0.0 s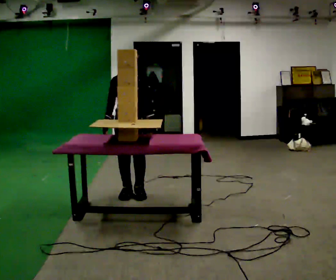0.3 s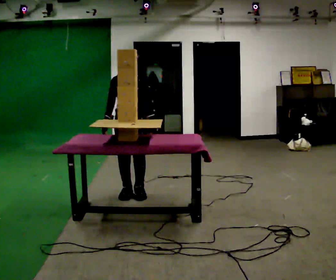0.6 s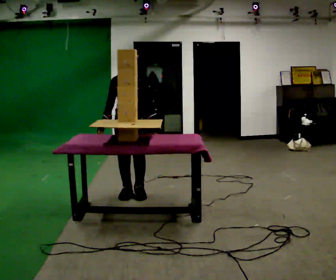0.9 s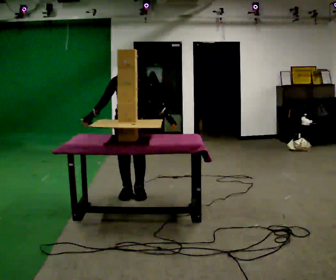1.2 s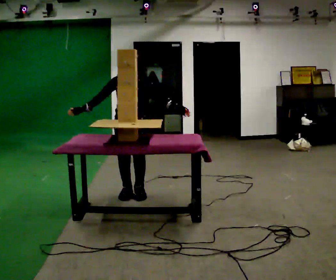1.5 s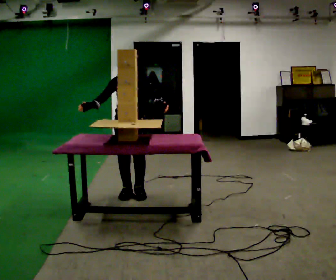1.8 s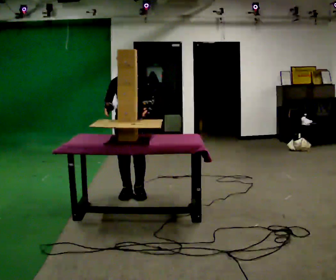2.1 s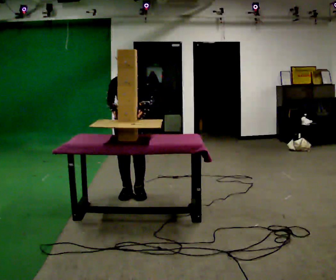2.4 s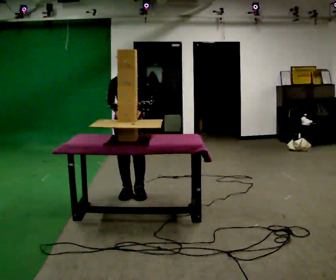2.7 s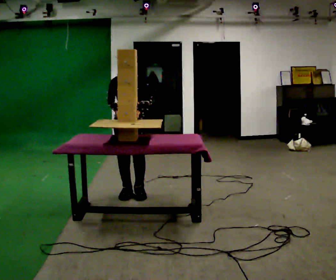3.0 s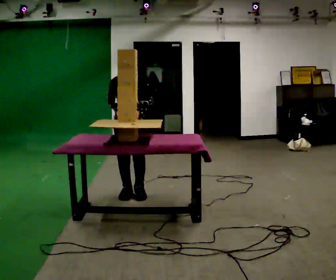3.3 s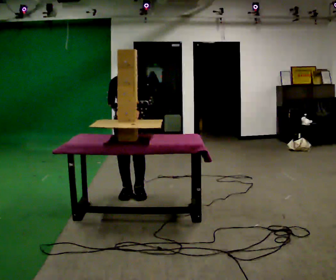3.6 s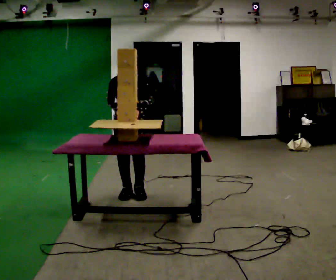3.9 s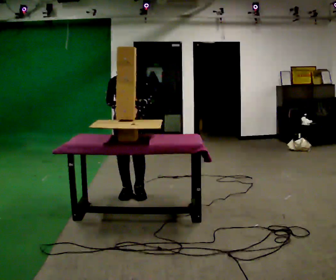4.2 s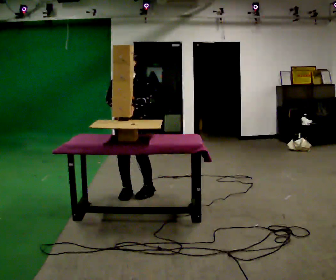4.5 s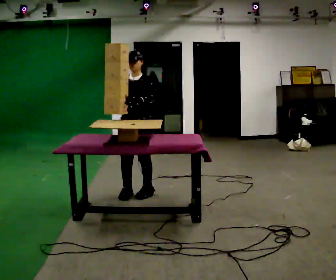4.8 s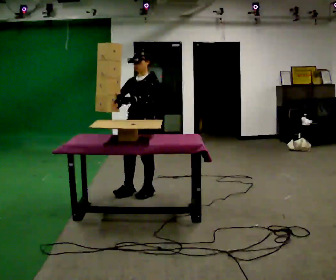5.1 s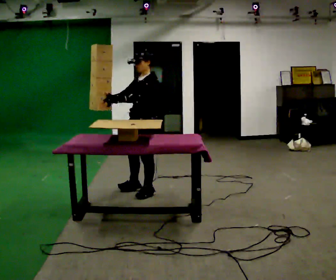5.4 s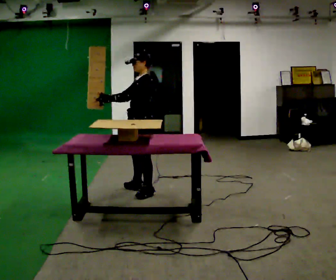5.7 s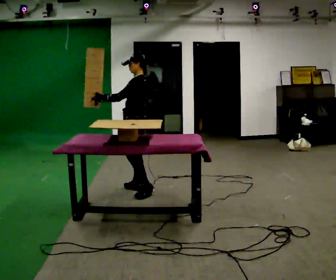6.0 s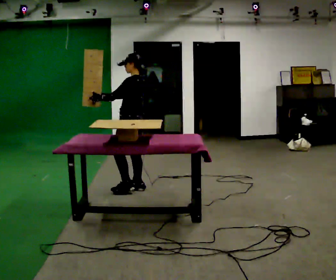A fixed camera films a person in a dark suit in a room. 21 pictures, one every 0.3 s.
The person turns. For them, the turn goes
to their right.
The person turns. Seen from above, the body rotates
clockwise.
0.0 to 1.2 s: The person moves a little, or ends about where they began.
1.2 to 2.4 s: In the picture their right hand goes to the right.
2.4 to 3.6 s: The person keeps their place and pose.
3.6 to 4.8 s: Seen from above the body turns clockwise, about 45 degrees: to their right, with its near side sliding to the left. In the picture they go to the right, about 0.25 m, which for them is to their left.
4.8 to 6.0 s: The person turns about 60 degrees to their right, clockwise seen from above, so the part of the body nearest the lens slides to the left. In the picture they go away from the camera, about 0.25 m in 1 step.
The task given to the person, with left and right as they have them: Carry the object over and set it down on the wobbly board without tipping it over. Keep going until the operator says stop; one object at a time, and do not rush between trips.
The film runs forward here.
